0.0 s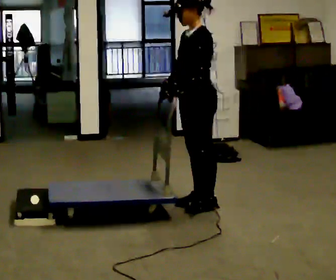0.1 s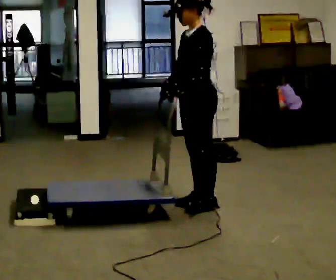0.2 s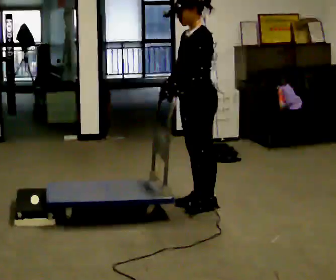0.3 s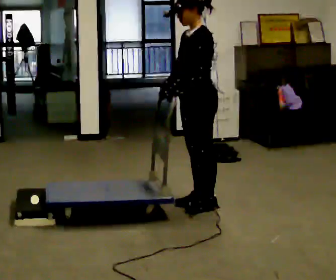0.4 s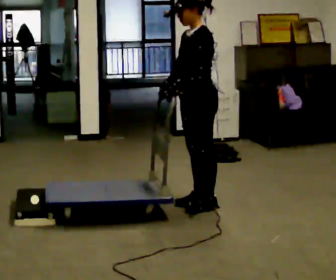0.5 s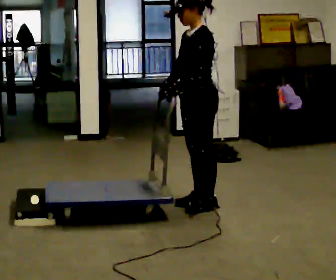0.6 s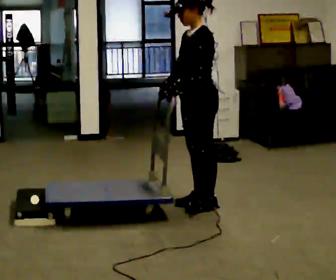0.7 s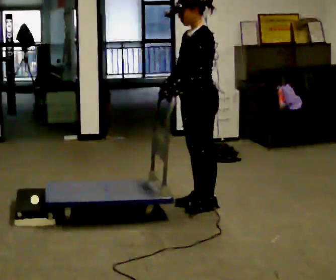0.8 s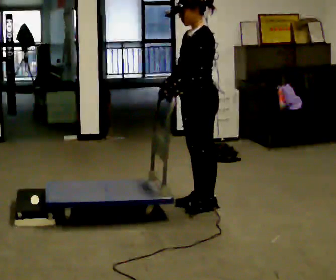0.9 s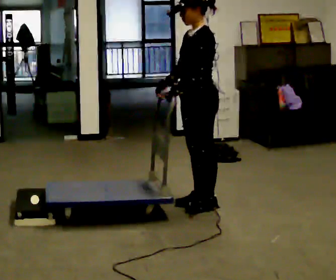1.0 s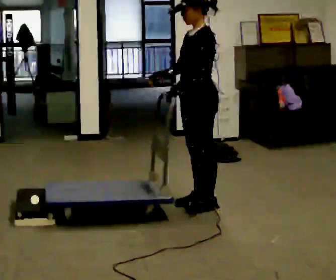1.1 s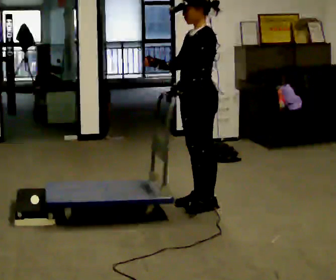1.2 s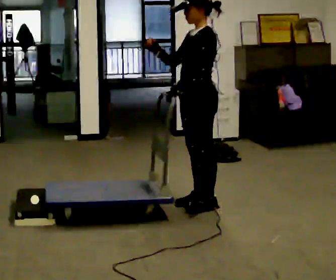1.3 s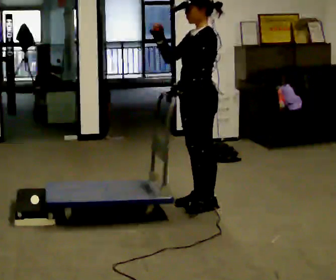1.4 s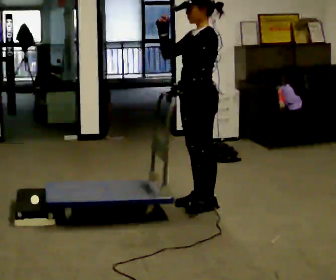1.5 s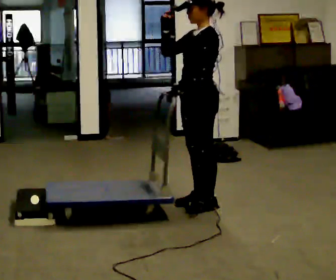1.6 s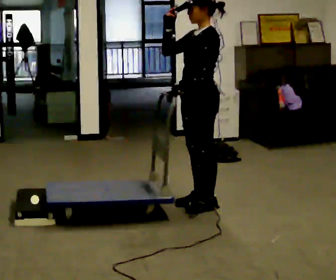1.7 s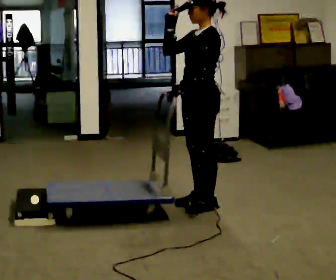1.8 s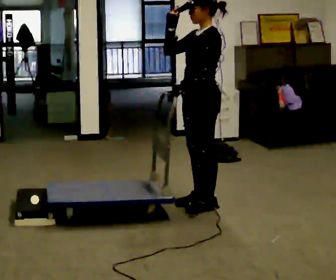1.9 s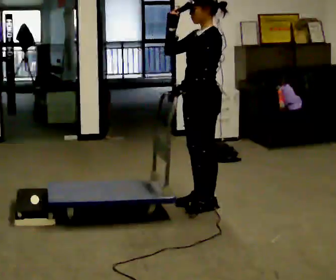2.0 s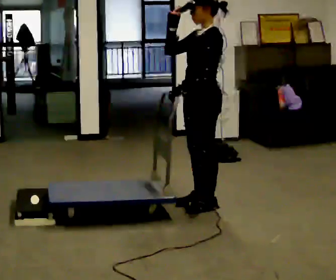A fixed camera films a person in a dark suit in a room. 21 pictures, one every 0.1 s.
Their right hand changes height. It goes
upward.
0.0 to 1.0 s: The person moves a little, or ends about where they began.
1.0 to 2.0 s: In the picture their right hand goes upward.
The film runs forward here.
